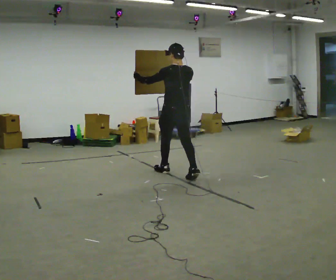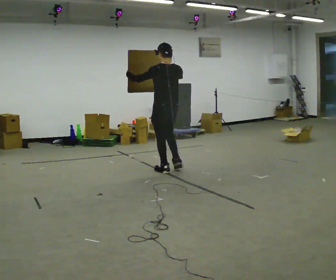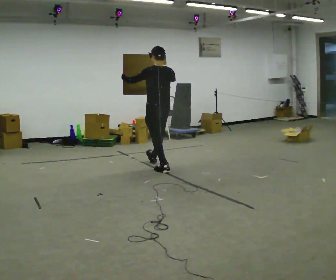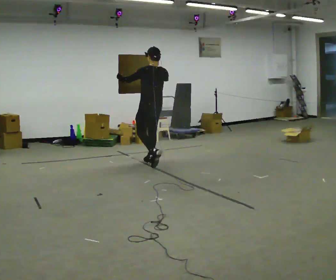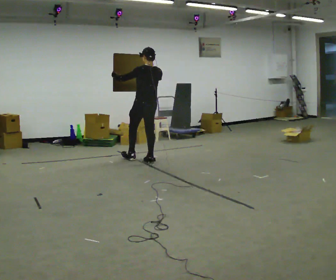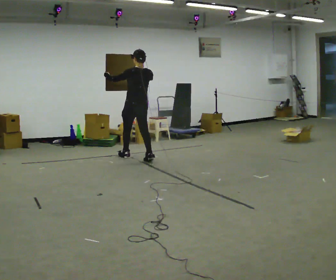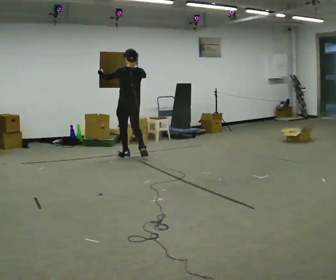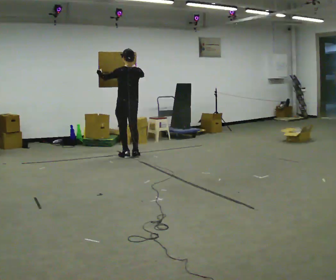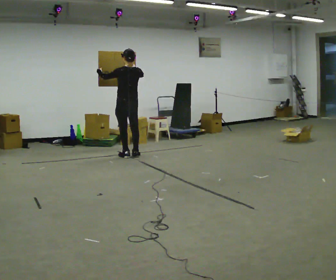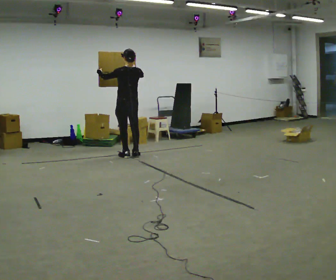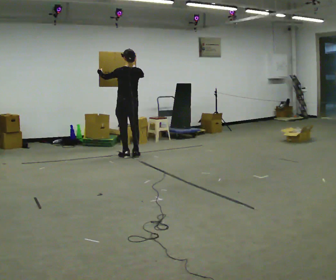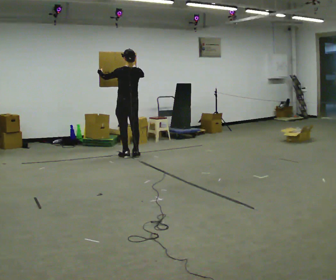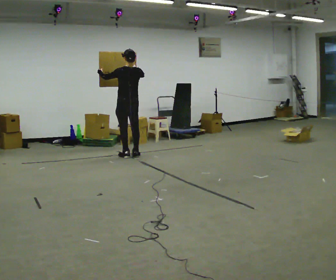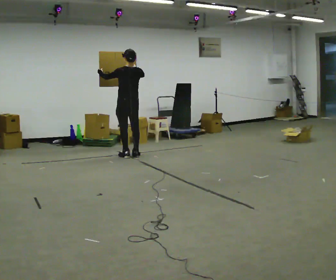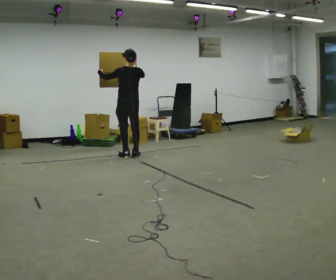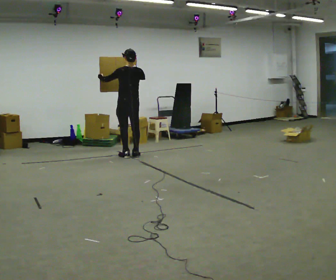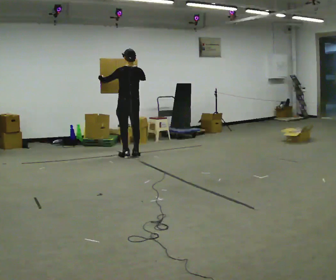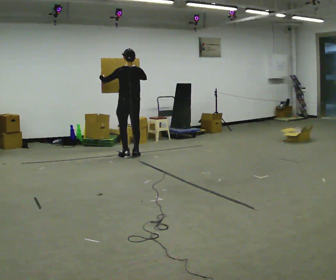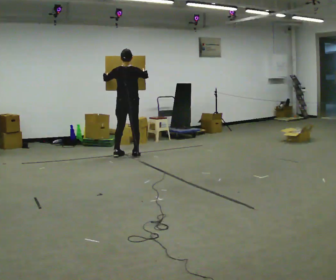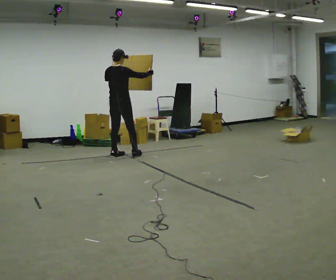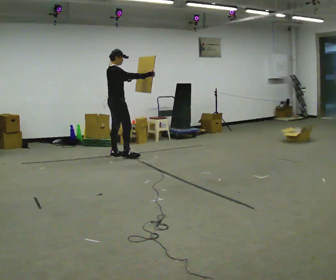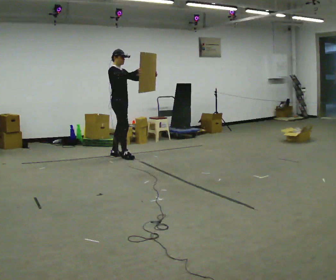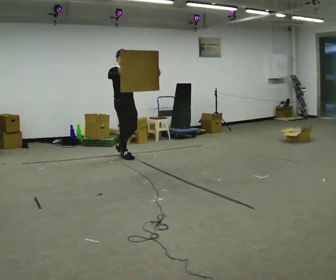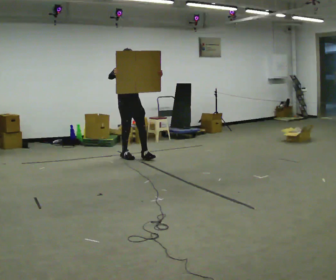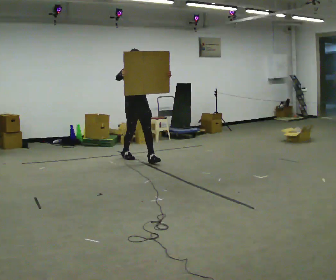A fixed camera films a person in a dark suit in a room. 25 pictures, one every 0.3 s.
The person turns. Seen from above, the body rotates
clockwise.
The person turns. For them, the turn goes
to their right.
0.0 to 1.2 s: In the picture they go away from the camera and to the left, about 1 m in 1 step, which for them is forward.
1.2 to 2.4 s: In the picture they go away from the camera and to the left, about 0.5 m in 2 steps, which for them is forward.
2.4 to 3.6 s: The person keeps their place and pose.
3.6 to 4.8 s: The person moves a little, or ends about where they began.
4.8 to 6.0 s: The person turns about 90 degrees to their right, clockwise seen from above, so the part of the body nearest the lens slides to the left. In the picture they go to the left, about 0.25 m in 1 step.
6.0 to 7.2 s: Seen from above the body turns clockwise, about 90 degrees: to their right, with its near side sliding to the left. In the picture they go to the right and toward the camera, about 0.5 m in 2 steps.
The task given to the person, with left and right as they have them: Carry the large panel across the room. It will block your view ahead, so take whatever route feels safe. Keep going until the operator says stop; one object at a time, and do not rush between trips.
The film runs forward here.
